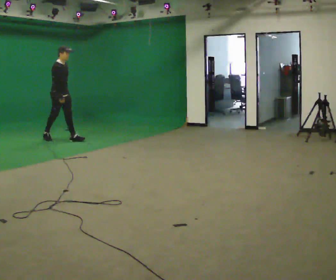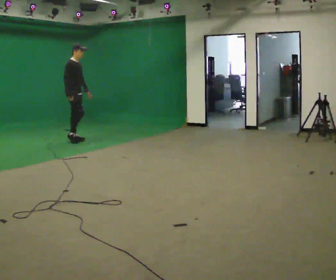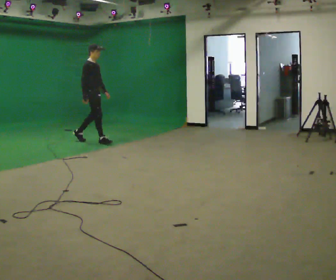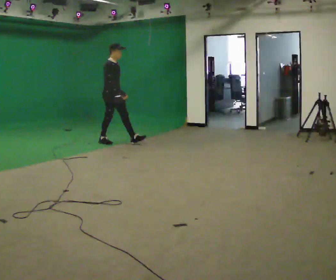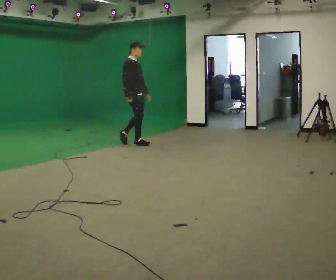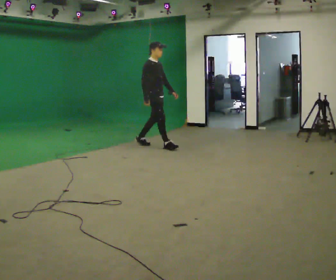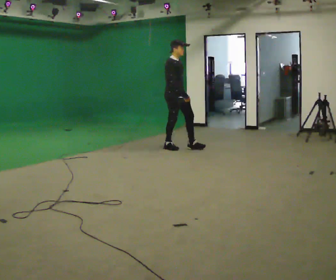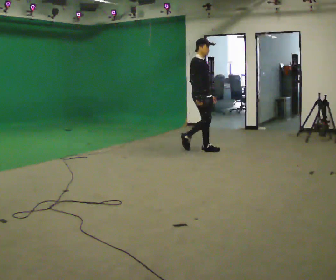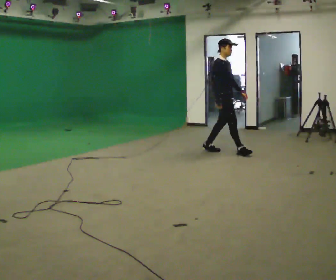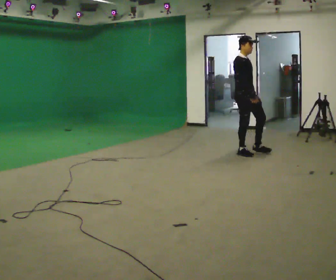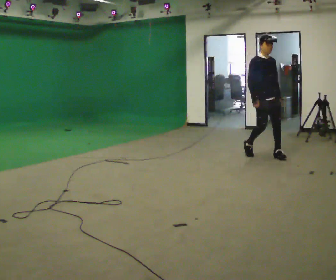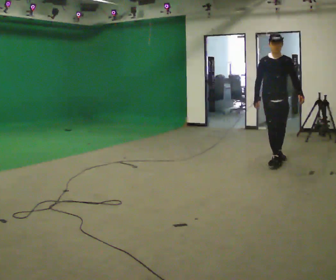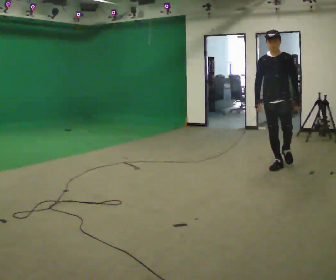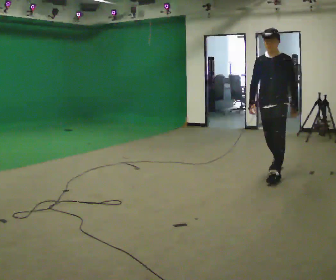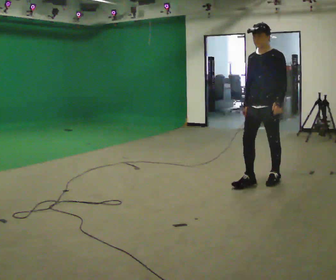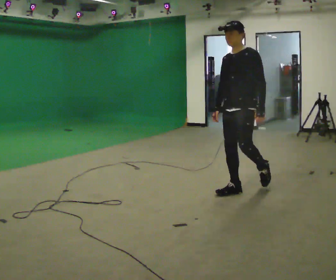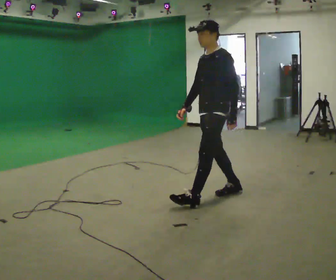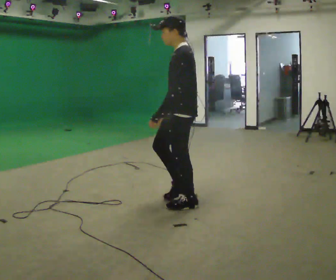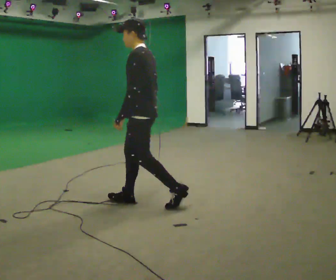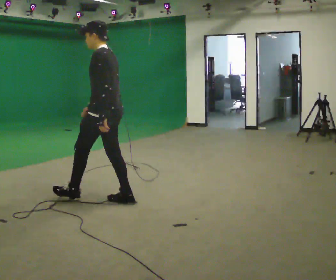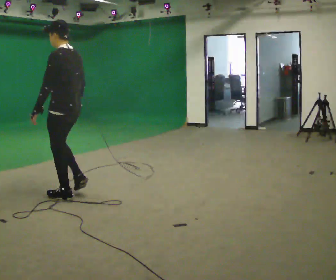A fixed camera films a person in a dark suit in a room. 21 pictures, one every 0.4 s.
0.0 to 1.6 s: In the picture they go to the right, about 1.5 m in 2 steps, which for them is forward.
1.6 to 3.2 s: In the picture they go to the right, about 1.5 m in 3 steps, which for them is forward.
3.2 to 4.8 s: The person turns about 90 degrees to their right, clockwise seen from above, so the part of the body nearest the lens slides to the left. In the picture they go toward the camera and to the right, about 1 m in 2 steps.
4.8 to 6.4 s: The person turns about 45 degrees to their right, clockwise seen from above, so the part of the body nearest the lens slides to the left. In the picture they go toward the camera and to the left, about 1.5 m in 2 steps, which for them is forward.
6.4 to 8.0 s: Seen from above the body turns clockwise, about 45 degrees: to their right, with its near side sliding to the left. In the picture they go to the left, about 1.5 m in 3 steps, which for them is forward.
The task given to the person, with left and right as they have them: Walk continuously around room; naturally change direction/speed; no manipulation.
The film runs forward here.
